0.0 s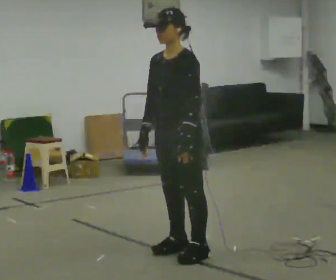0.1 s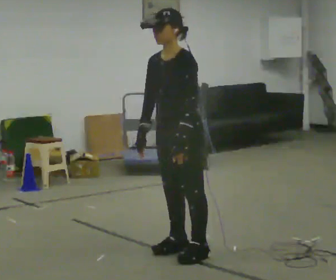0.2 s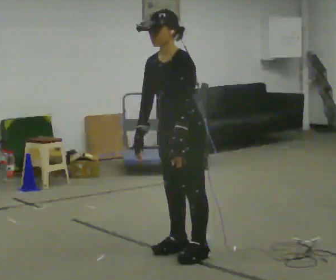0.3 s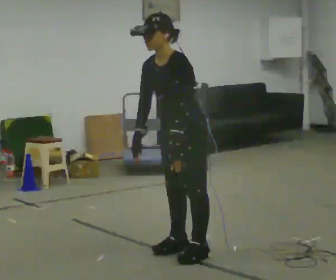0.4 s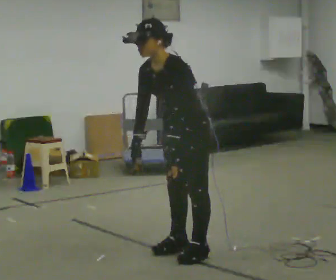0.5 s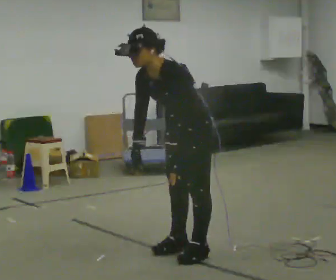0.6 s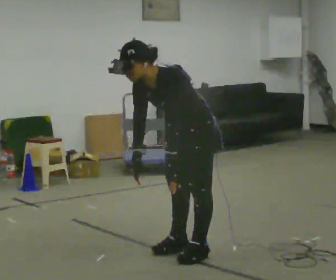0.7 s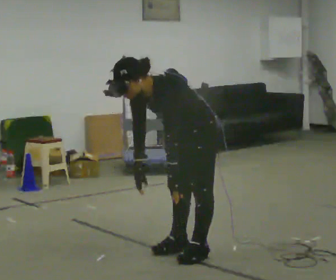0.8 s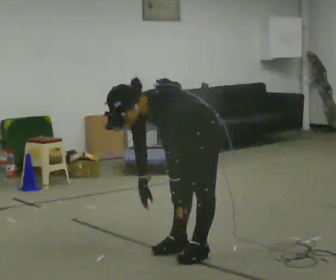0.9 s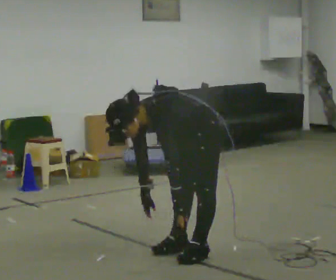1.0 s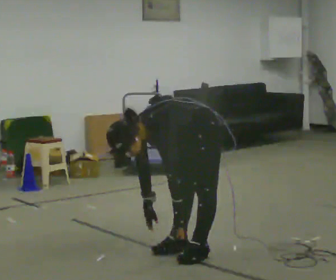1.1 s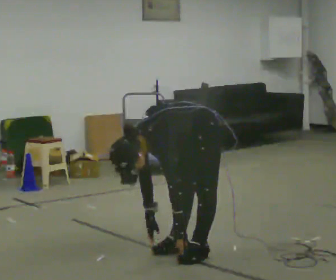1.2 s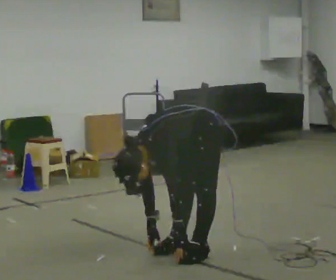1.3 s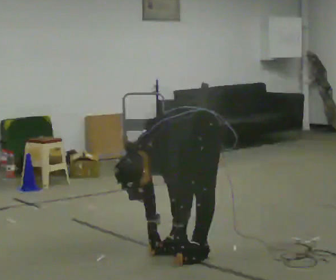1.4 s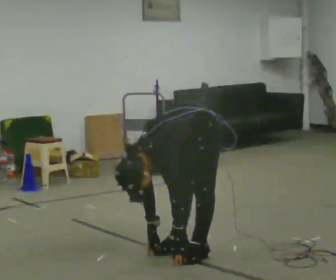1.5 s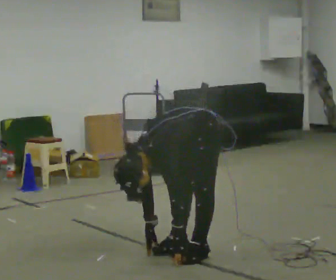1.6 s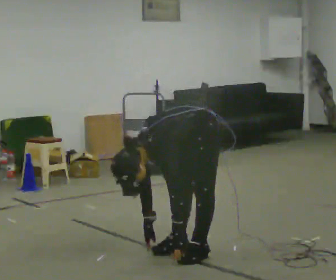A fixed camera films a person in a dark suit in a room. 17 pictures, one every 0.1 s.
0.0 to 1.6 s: The shoulders move downward. In the picture the upper body tilts counterclockwise, shoulders to the left, as they bend forward. In the picture their right hand goes downward.
The film runs backward here.
